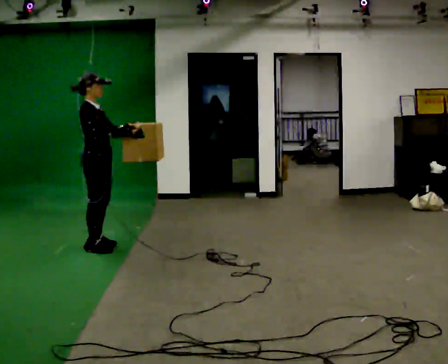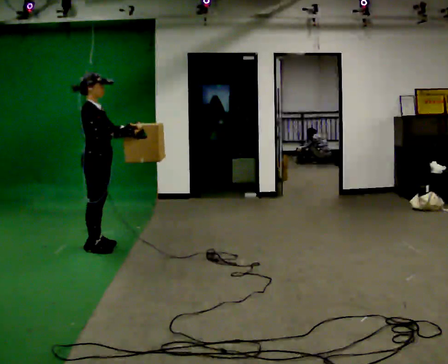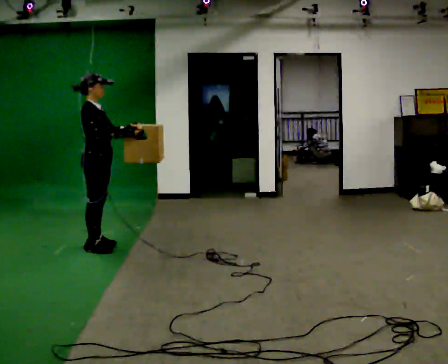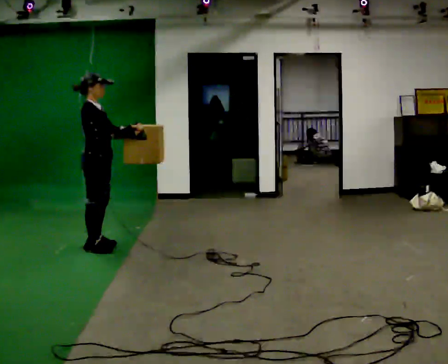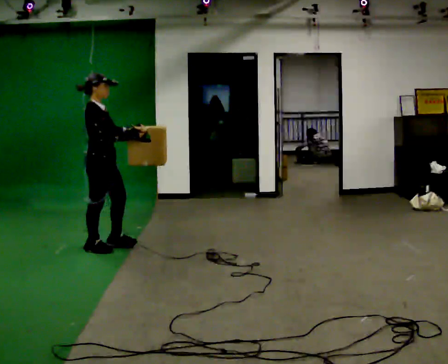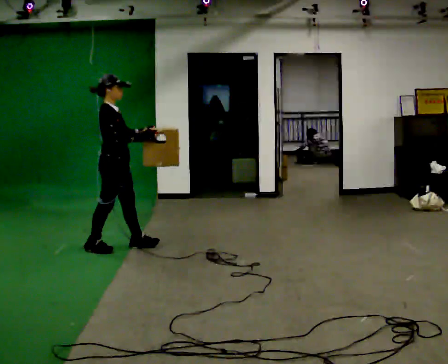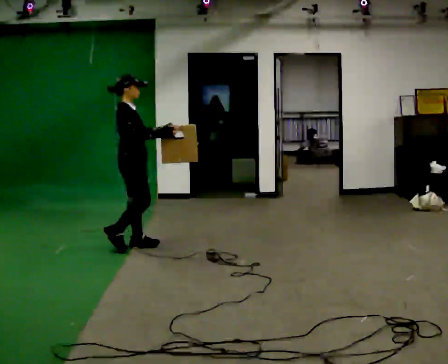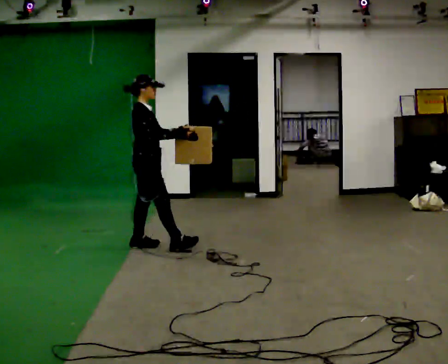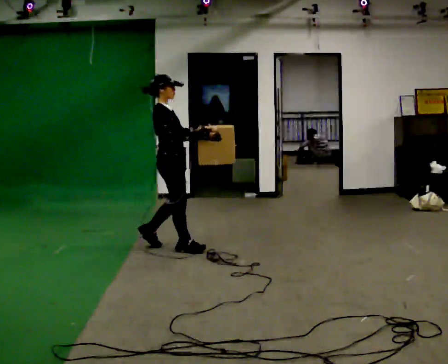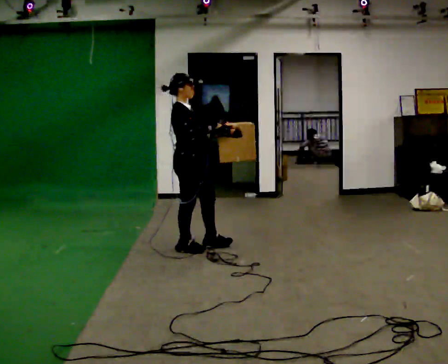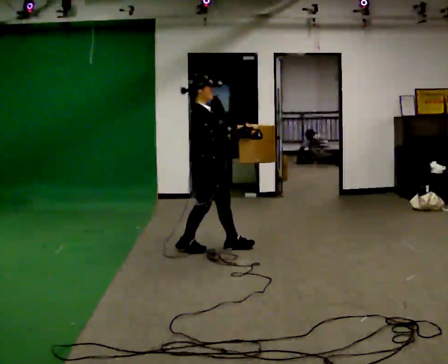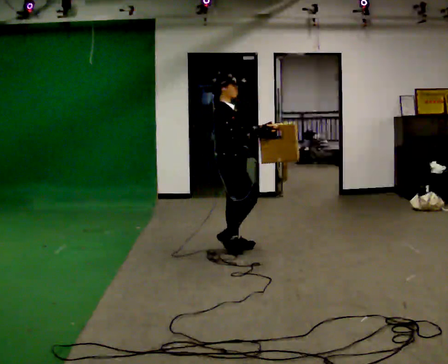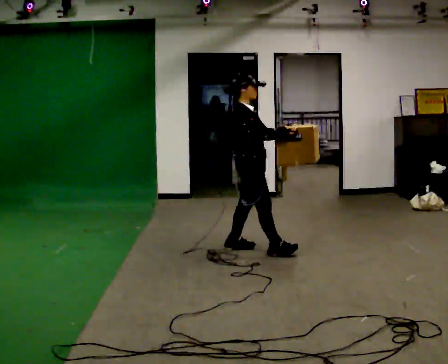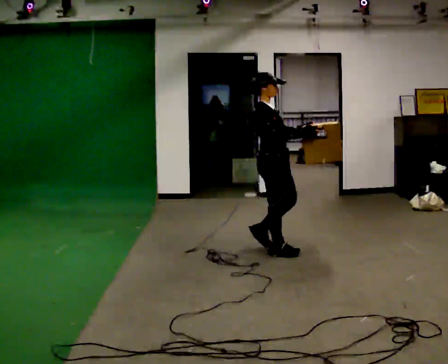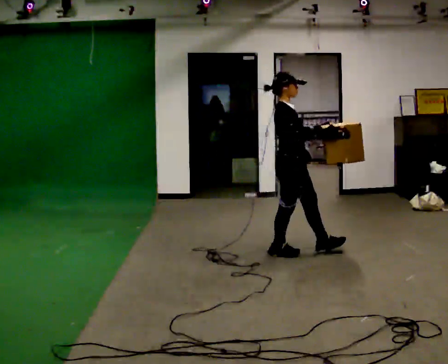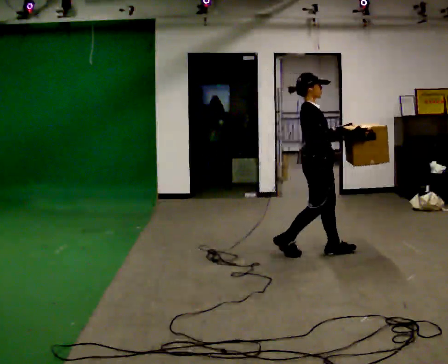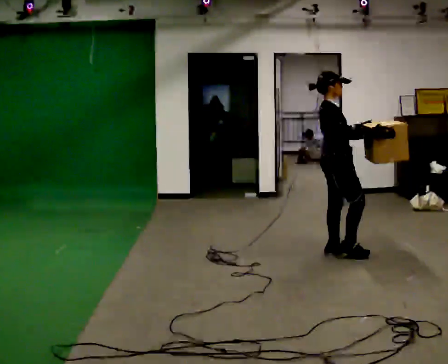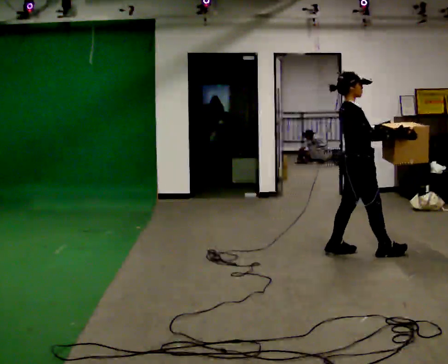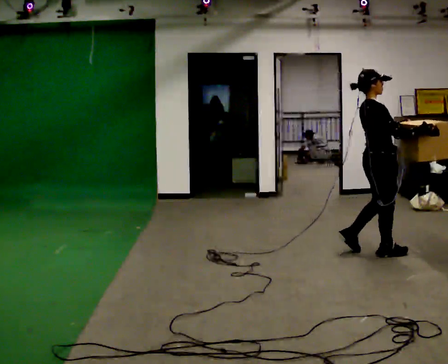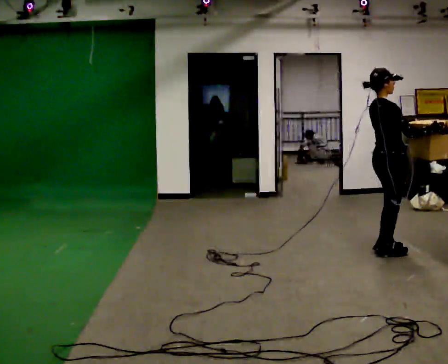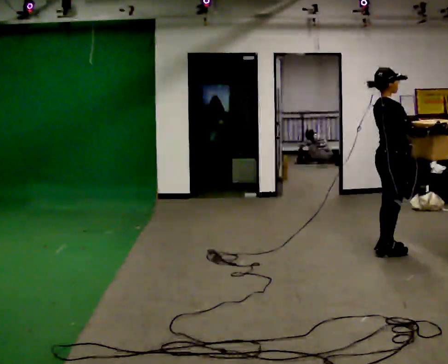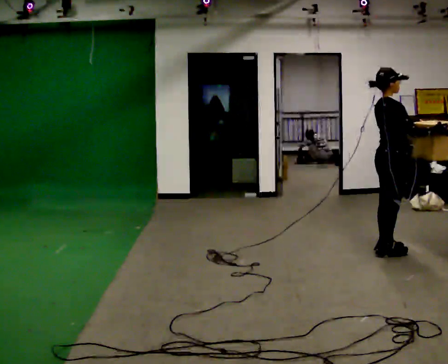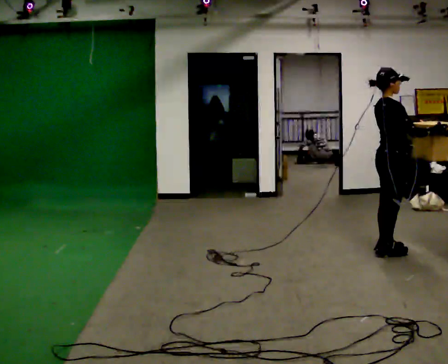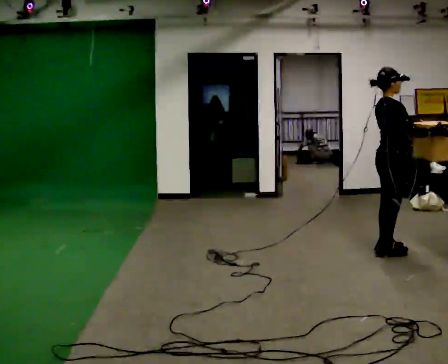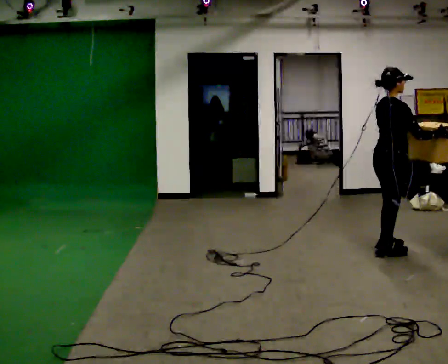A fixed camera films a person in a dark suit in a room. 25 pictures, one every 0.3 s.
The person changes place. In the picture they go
to the right.
0.0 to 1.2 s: The person moves a little, or ends about where they began.
1.2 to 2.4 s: In the picture they go to the right, about 0.75 m in 2 steps, which for them is forward.
2.4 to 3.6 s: In the picture they go to the right, about 0.5 m in 2 steps, which for them is forward.
3.6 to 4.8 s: In the picture they go to the right, about 0.5 m in 1 step, which for them is forward.
4.8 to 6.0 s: In the picture they go to the right, about 0.5 m in 2 steps, which for them is forward and to their right.
6.0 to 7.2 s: The person moves a little, or ends about where they began.
The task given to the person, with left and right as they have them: Carry the box in both hands and walk back and forth across the room. The contents may move around. Carry on as best you can.
The film runs forward here.
